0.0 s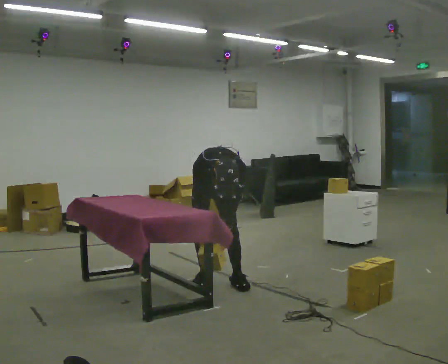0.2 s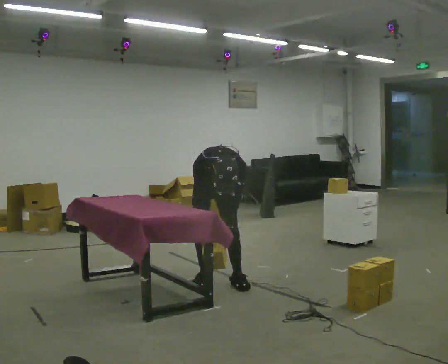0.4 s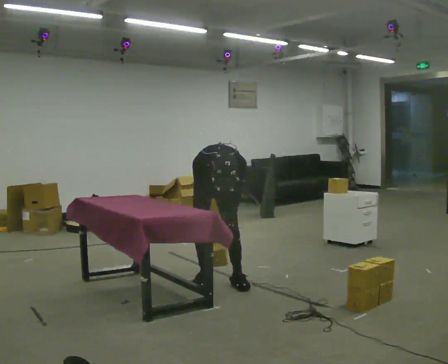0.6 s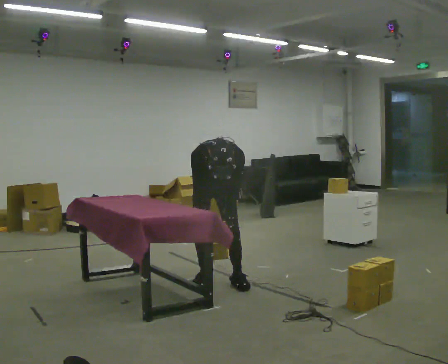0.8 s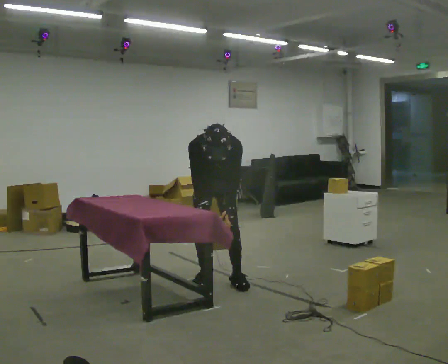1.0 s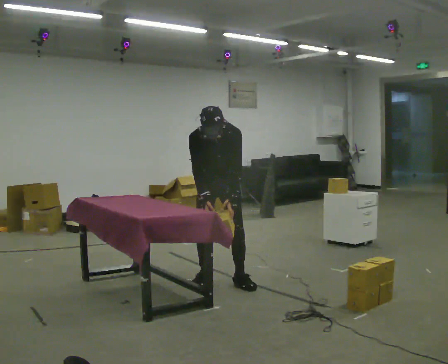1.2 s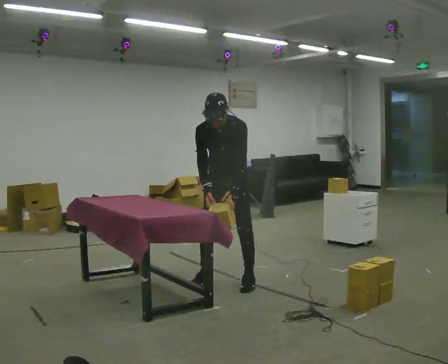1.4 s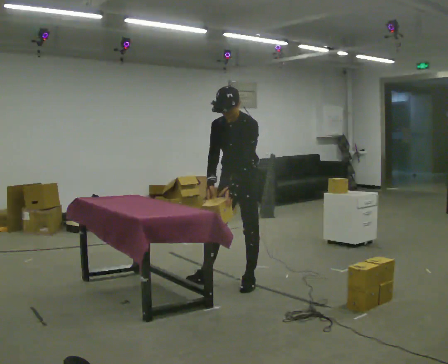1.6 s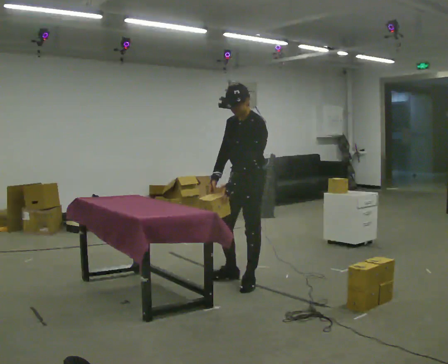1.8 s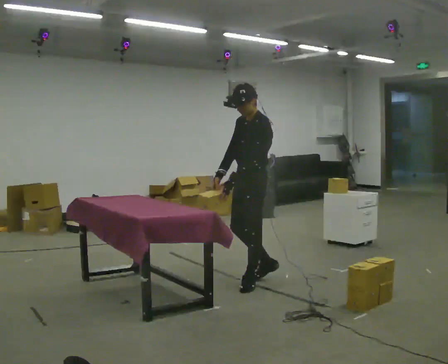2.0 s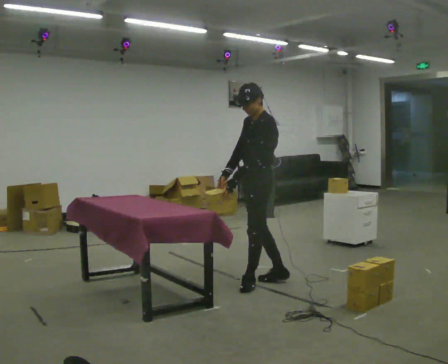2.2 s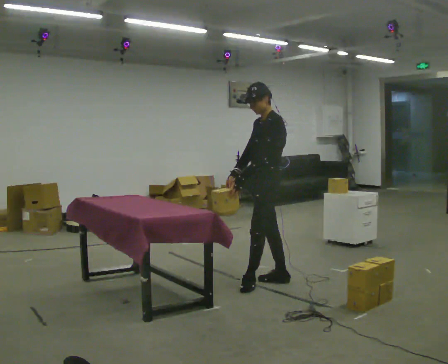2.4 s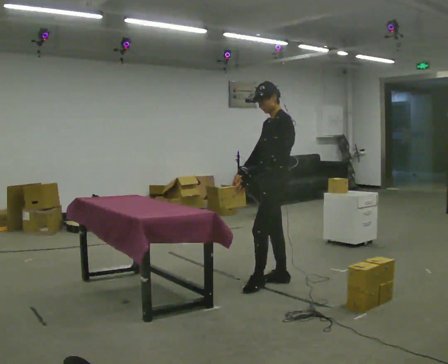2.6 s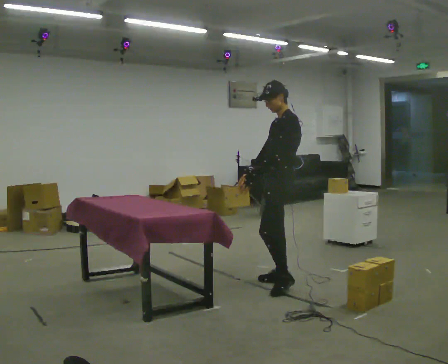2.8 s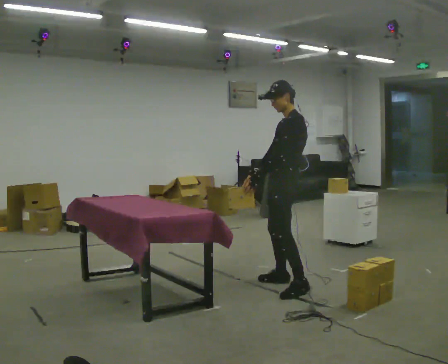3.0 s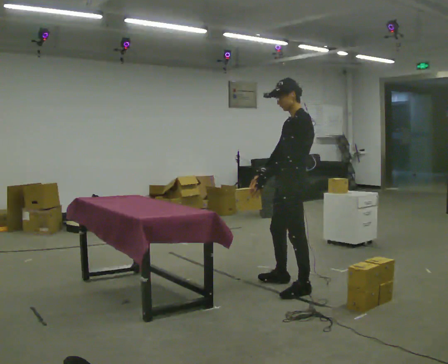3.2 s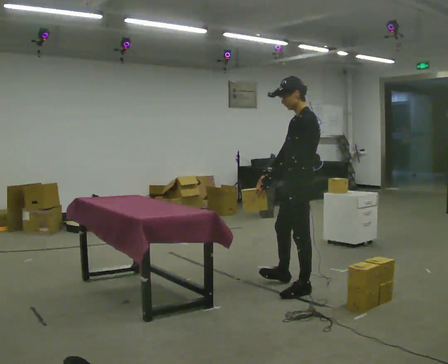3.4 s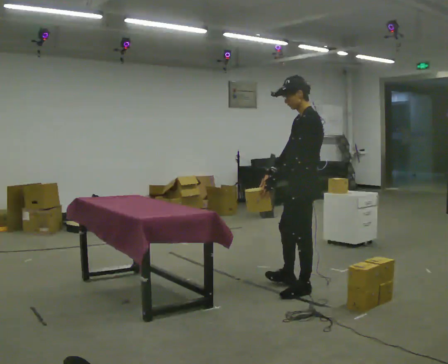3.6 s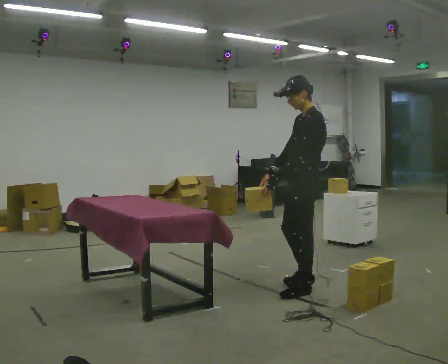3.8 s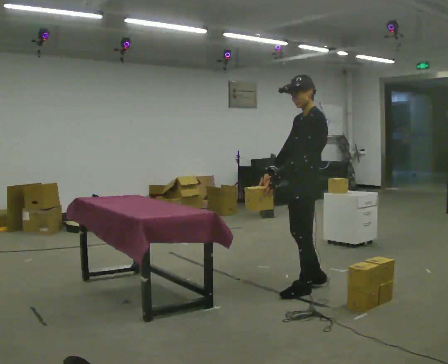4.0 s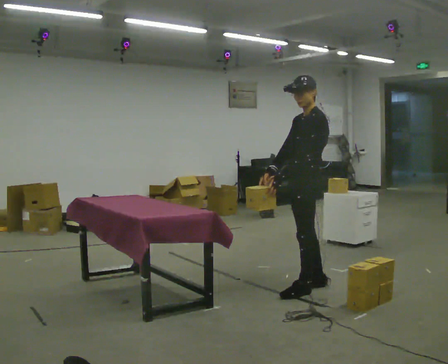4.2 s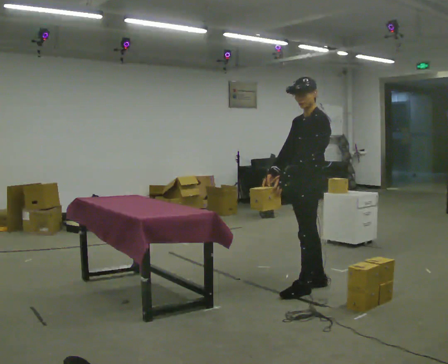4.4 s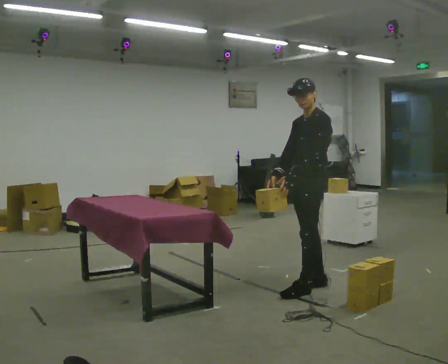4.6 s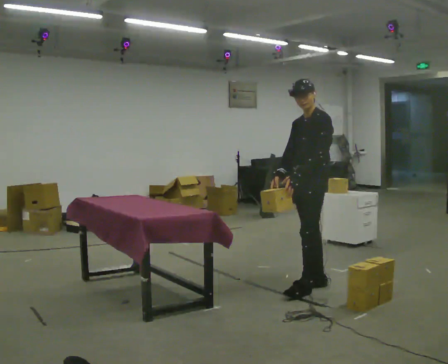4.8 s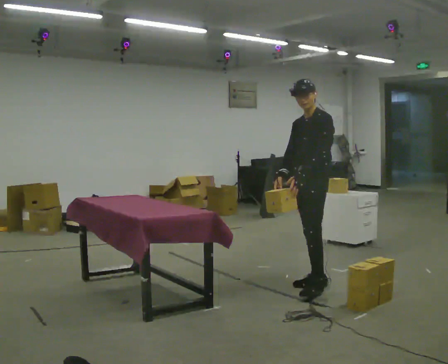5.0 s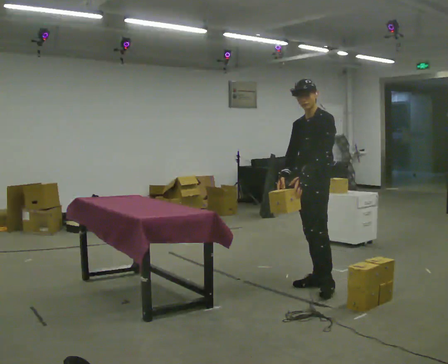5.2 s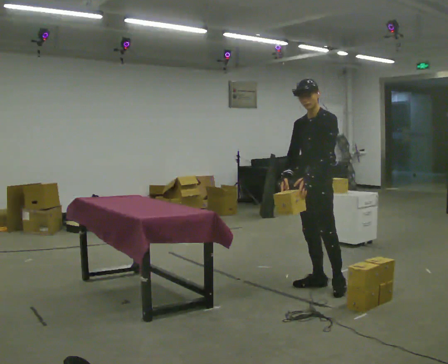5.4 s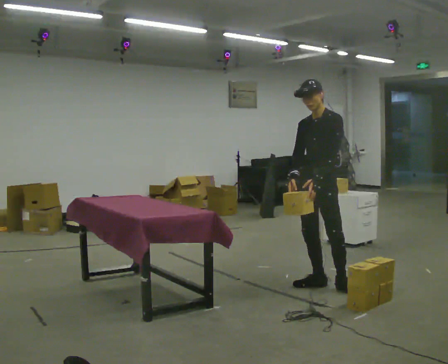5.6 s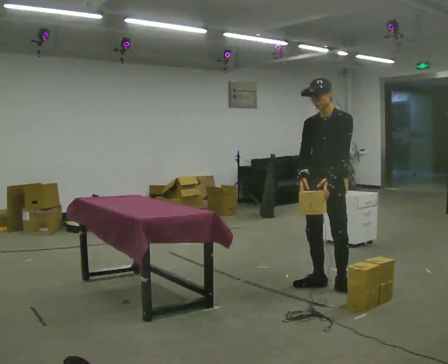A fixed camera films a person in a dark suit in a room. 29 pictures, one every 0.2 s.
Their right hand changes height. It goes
upward.
The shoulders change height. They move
upward.
0.0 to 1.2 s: The upper body goes upward. The upper body tips away from the camera, its near side rolling upward, as they lean back or straighten. In the picture their left hand goes upward.
1.2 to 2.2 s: Seen from above the body turns clockwise, about 75 degrees: to their right, with its near side sliding to the left. In the picture they go to the right, about 0.25 m in 1 step. The upper body tips away from the camera, its near side rolling upward, as they lean back or straighten.
2.2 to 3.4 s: In the picture they go to the right and toward the camera, about 0.5 m in 2 steps, which for them is to their left and backward.
3.4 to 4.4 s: The person moves a little, or ends about where they began.
4.4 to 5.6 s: Seen from above the body turns counterclockwise, about 30 degrees: to their left, with its near side sliding to the right.
The film runs backward here.
